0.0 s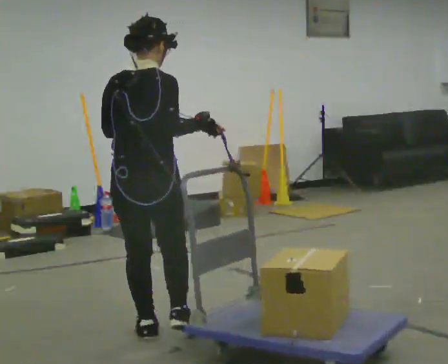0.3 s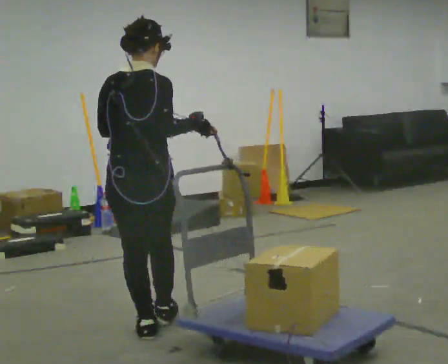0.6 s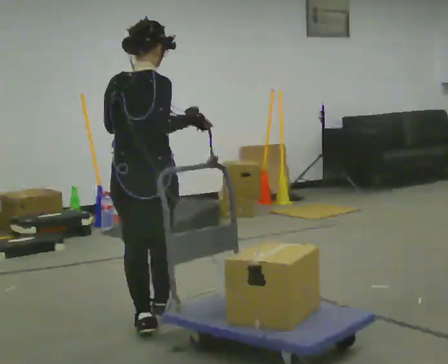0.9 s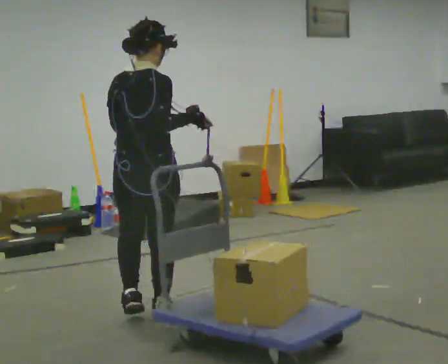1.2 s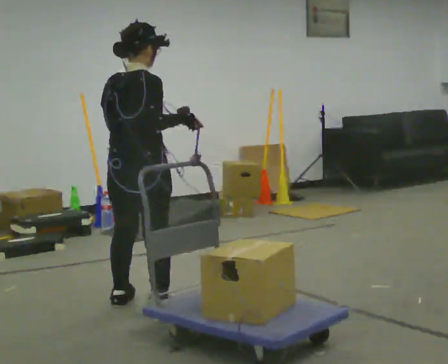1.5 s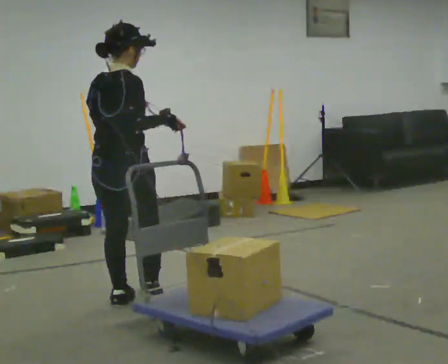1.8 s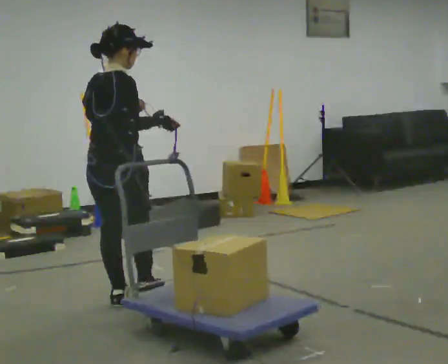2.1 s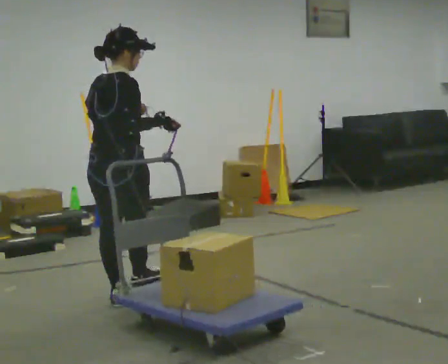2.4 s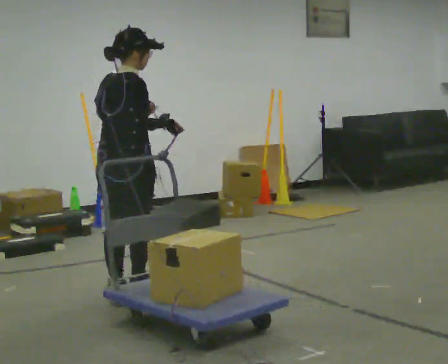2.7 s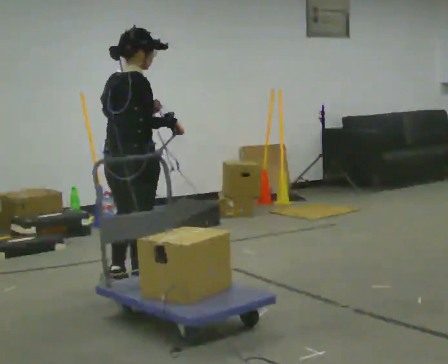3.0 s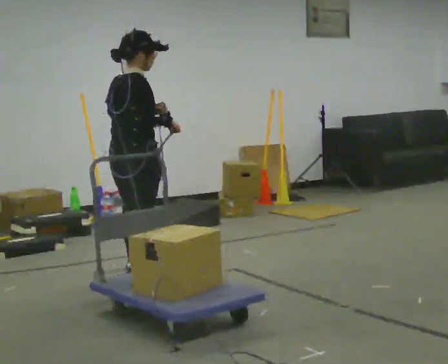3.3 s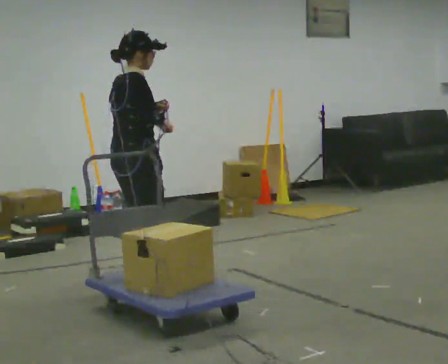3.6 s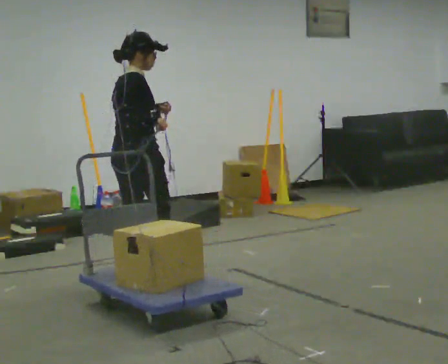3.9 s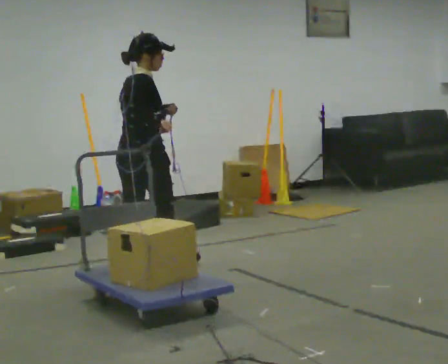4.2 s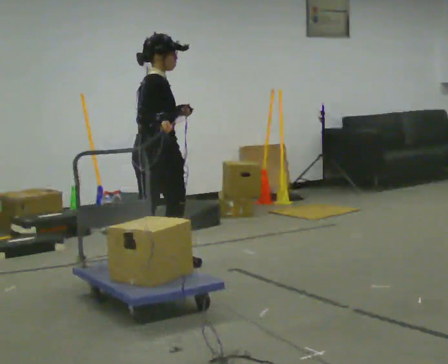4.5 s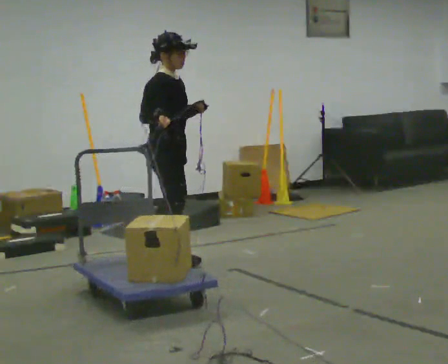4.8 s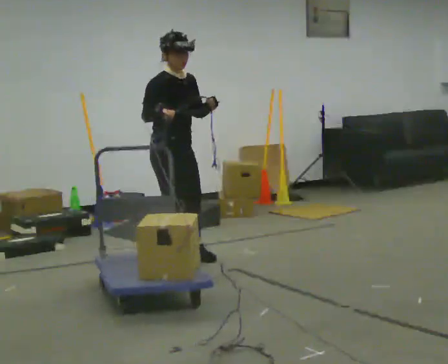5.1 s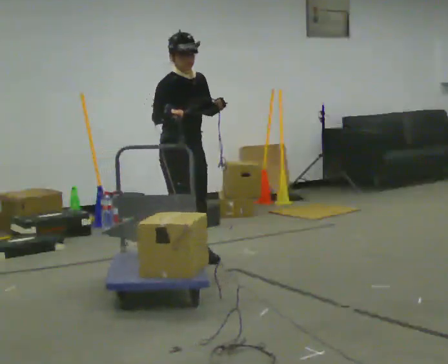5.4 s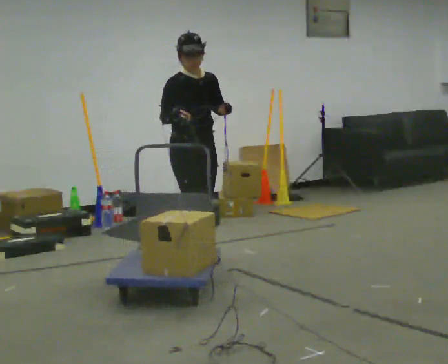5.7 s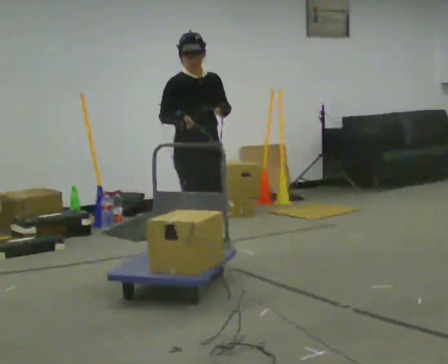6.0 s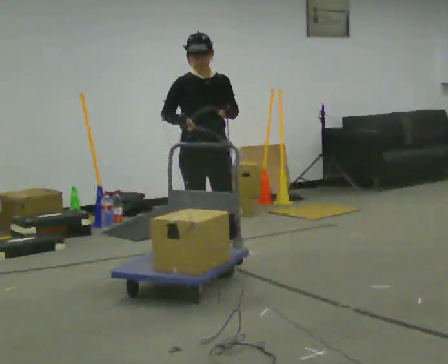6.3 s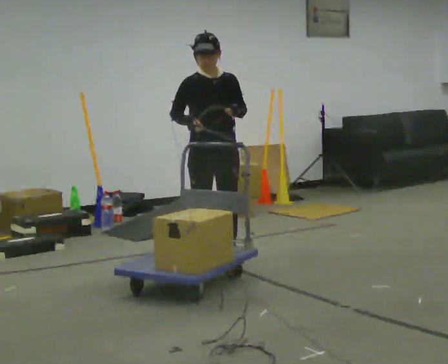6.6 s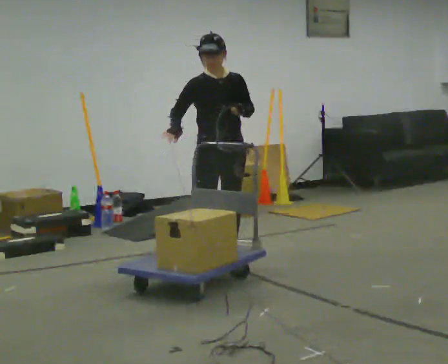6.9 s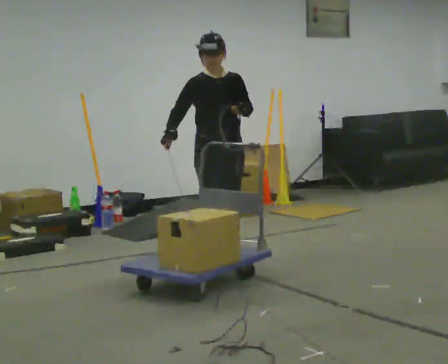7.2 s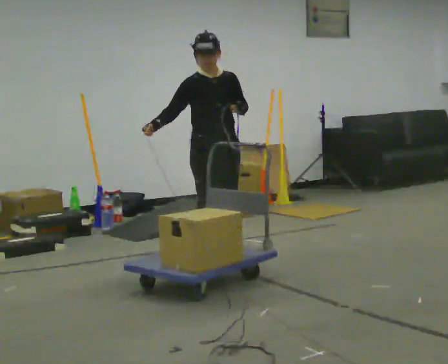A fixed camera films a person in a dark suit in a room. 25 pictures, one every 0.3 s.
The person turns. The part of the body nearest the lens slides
to the left.
The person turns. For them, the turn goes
to their right.
0.0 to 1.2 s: In the picture they go away from the camera, about 0.5 m in 2 steps, which for them is forward.
1.2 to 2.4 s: In the picture they go away from the camera, about 0.5 m in 1 step, which for them is to their left and forward.
2.4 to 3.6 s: The part of the body nearest the lens slides to the left as the person turns to their right by about 30 degrees. In the picture they go away from the camera, about 0.5 m in 1 step, which for them is forward and to their left.
3.6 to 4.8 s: Seen from above the body turns clockwise, about 75 degrees: to their right, with its near side sliding to the left. In the picture they go to the right and away from the camera, about 0.25 m in 1 step.
4.8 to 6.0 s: The part of the body nearest the lens slides to the left as the person turns to their right by about 45 degrees. In the picture they go to the right, about 0.25 m in 3 steps, which for them is to their left.
6.0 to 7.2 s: The person moves a little, or ends about where they began.
The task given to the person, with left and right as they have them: Hold the rope in both hands and drag the sled towards you as you walk backward. The operator will confirm the space behind you is clear.
The film runs forward here.
